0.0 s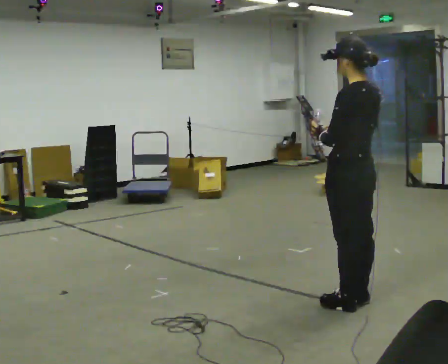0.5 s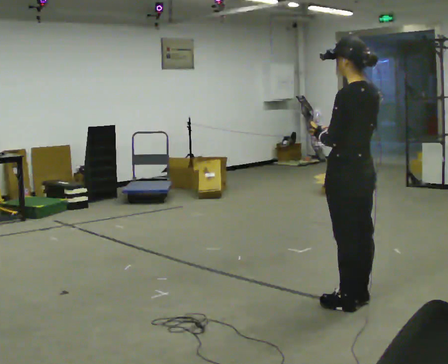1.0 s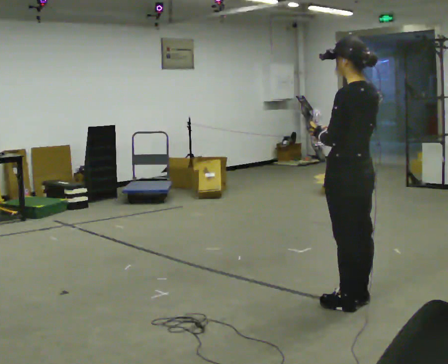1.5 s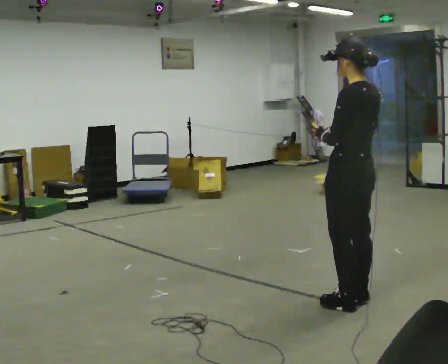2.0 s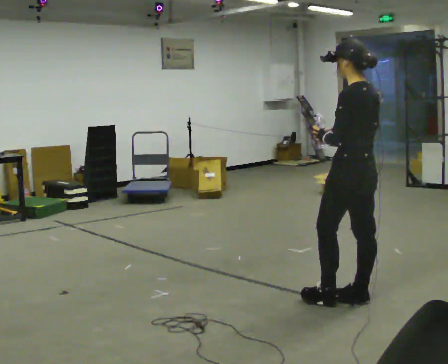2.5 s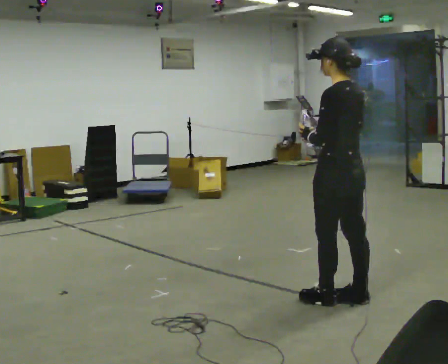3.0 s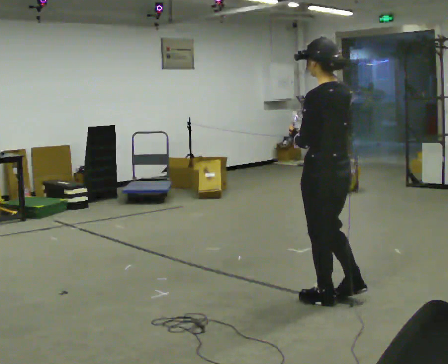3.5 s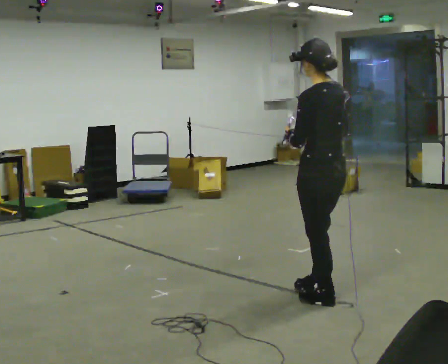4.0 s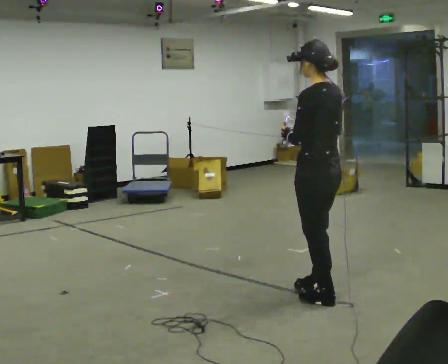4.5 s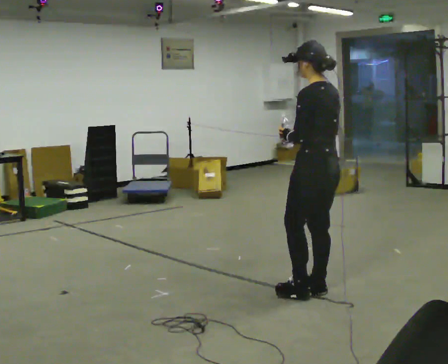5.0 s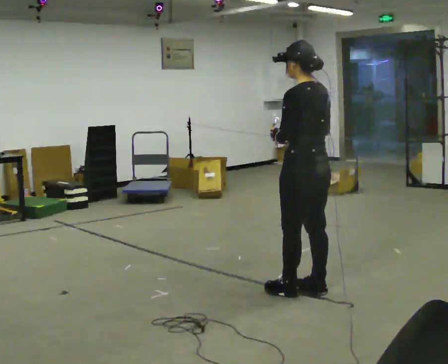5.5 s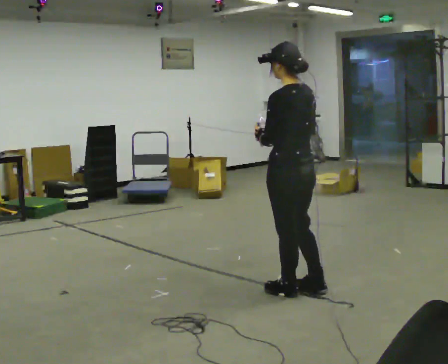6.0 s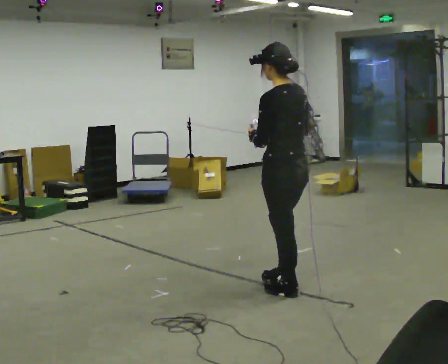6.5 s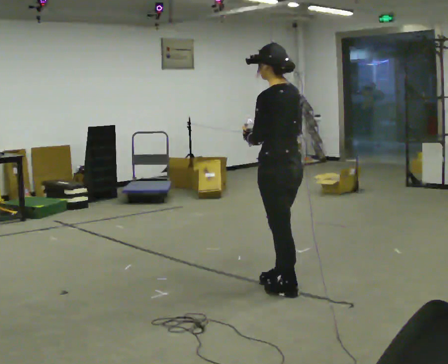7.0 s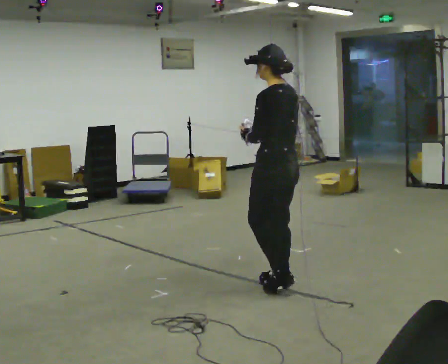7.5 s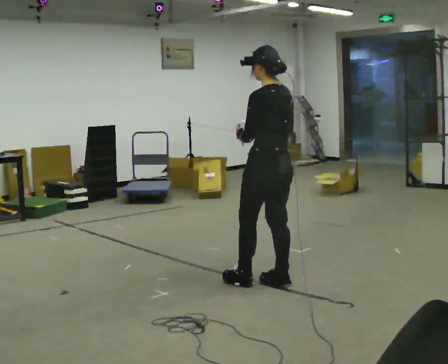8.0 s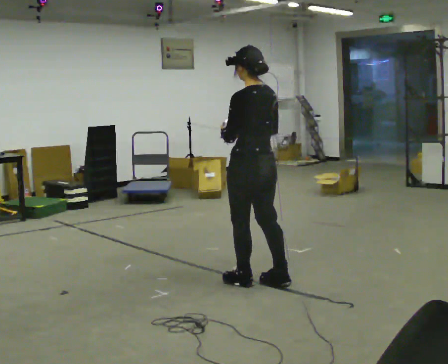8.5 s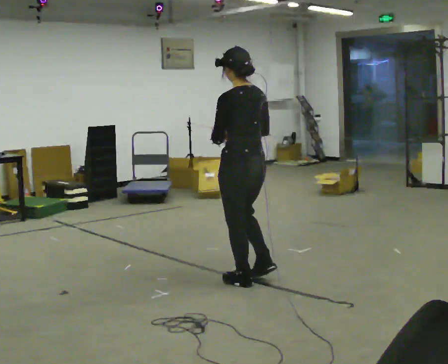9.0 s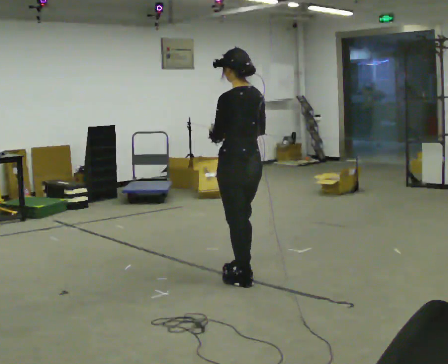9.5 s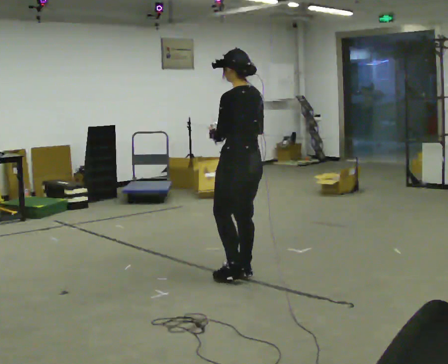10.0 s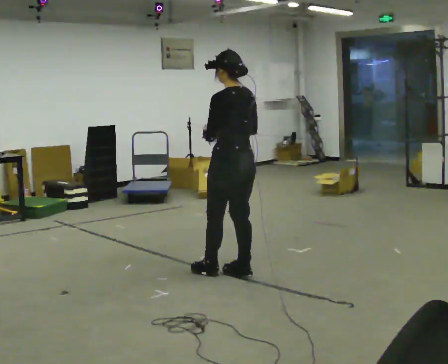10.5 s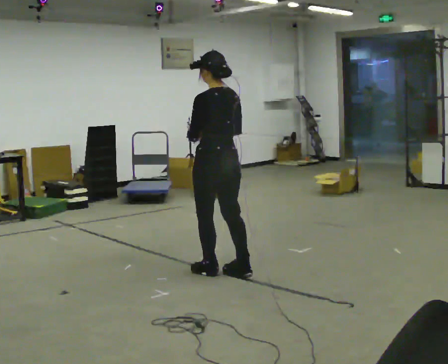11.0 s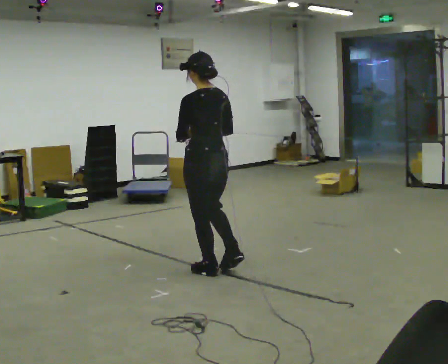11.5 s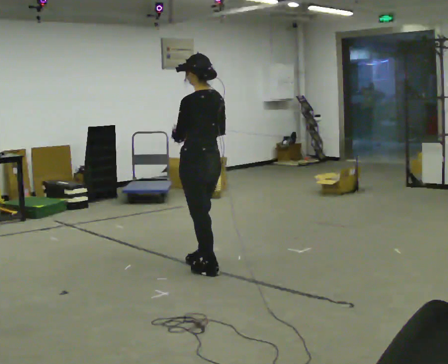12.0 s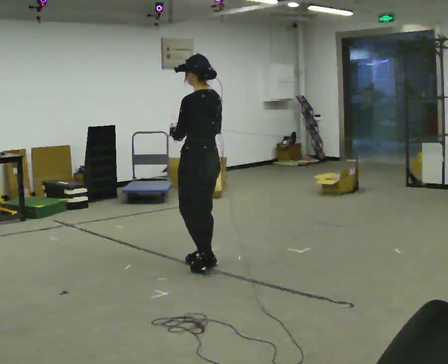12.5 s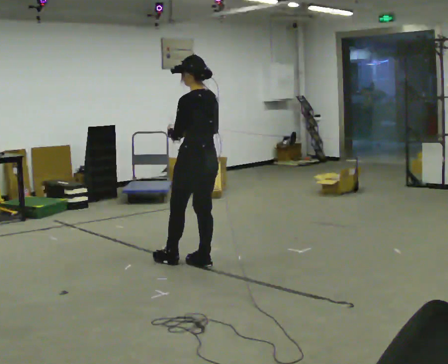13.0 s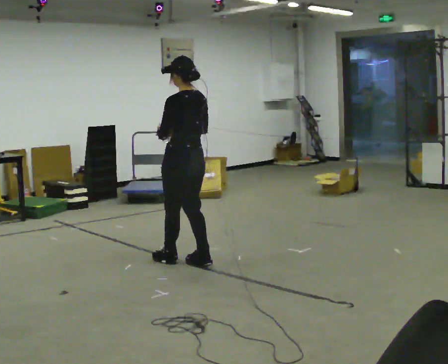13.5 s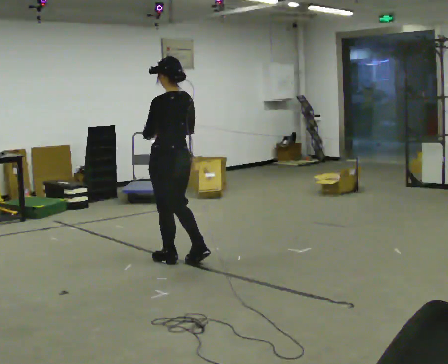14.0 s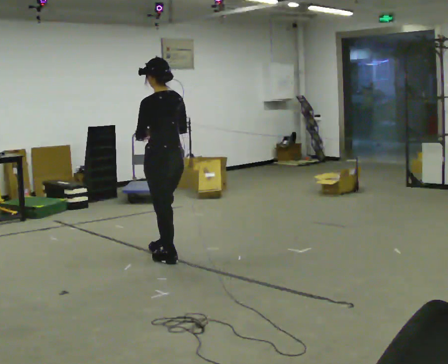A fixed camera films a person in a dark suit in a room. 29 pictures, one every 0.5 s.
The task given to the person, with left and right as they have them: Carry the open container of water across the room without spilling it, back and forth.
0.0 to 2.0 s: The person moves a little, or ends about where they began.
2.0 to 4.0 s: In the picture they go to the left, about 0.25 m in 1 step, which for them is forward.
4.0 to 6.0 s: In the picture they go to the left, about 0.25 m in 1 step, which for them is forward.
6.0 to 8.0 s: In the picture they go away from the camera and to the left, about 0.25 m in 2 steps, which for them is forward.
8.0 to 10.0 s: In the picture they go away from the camera and to the left, about 0.25 m in 2 steps, which for them is forward.
10.0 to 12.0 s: In the picture they go to the left and away from the camera, about 0.25 m in 1 step, which for them is forward.
12.0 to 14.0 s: In the picture they go to the left, about 0.25 m in 1 step, which for them is forward.
The film runs forward here.
